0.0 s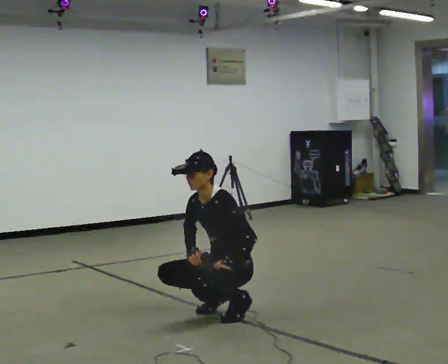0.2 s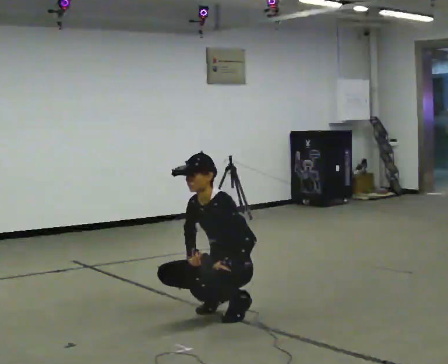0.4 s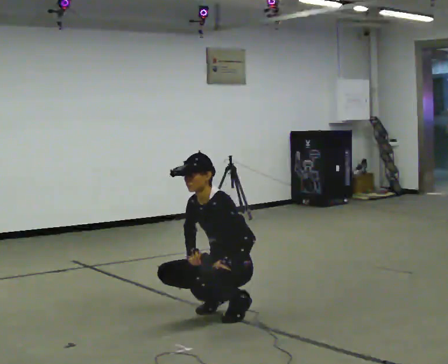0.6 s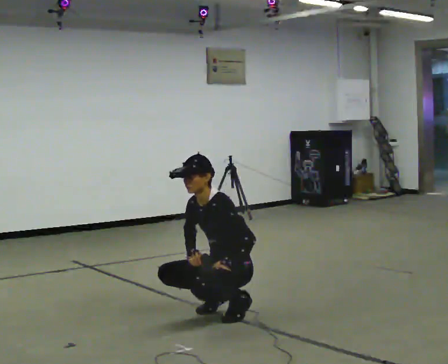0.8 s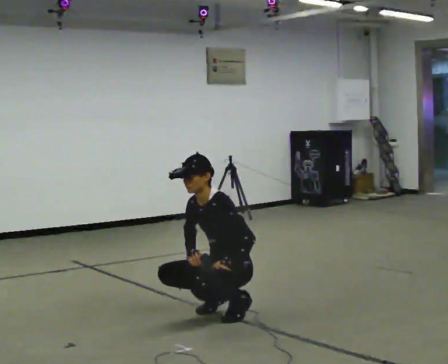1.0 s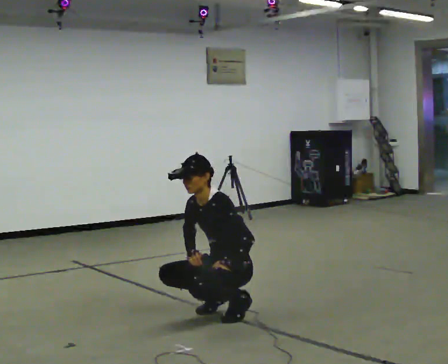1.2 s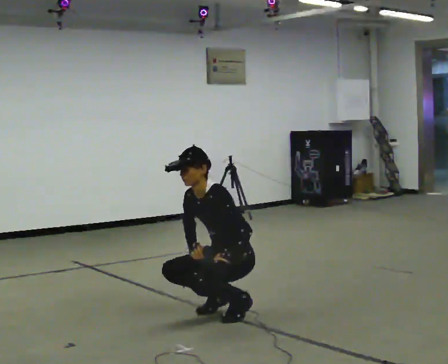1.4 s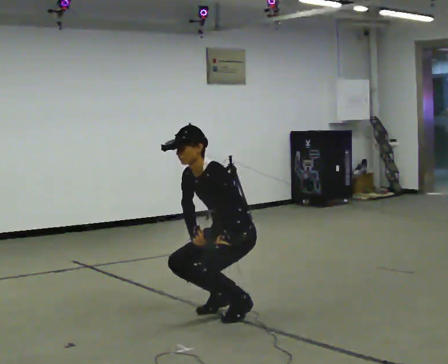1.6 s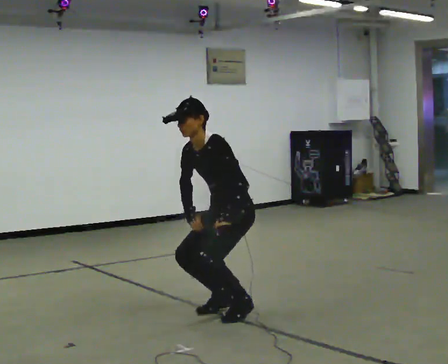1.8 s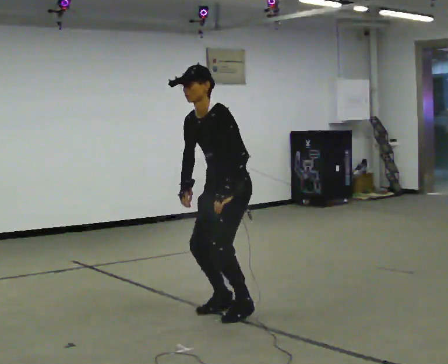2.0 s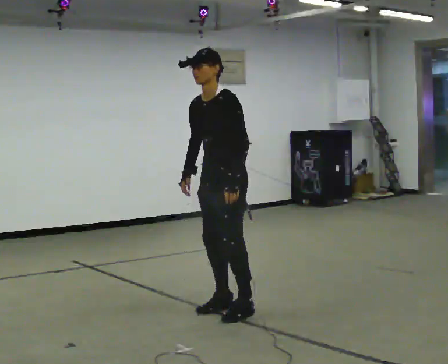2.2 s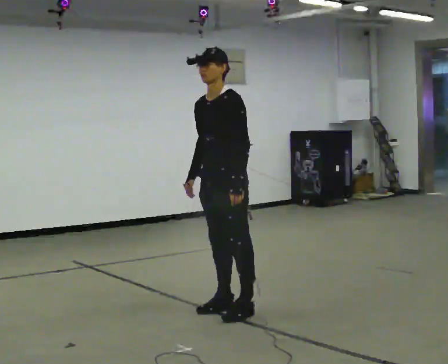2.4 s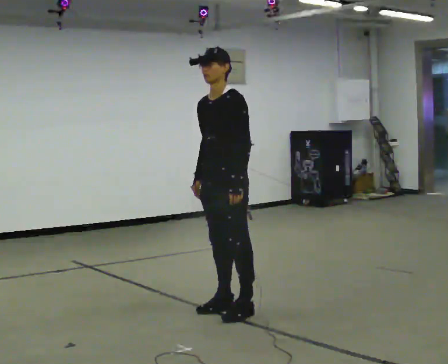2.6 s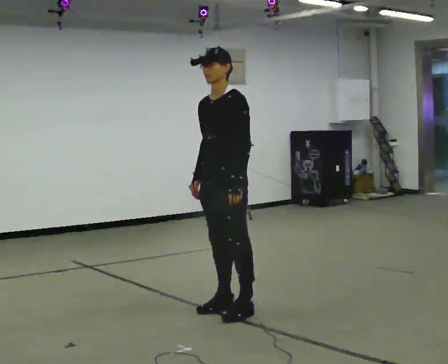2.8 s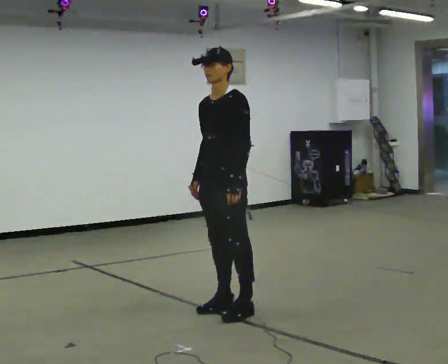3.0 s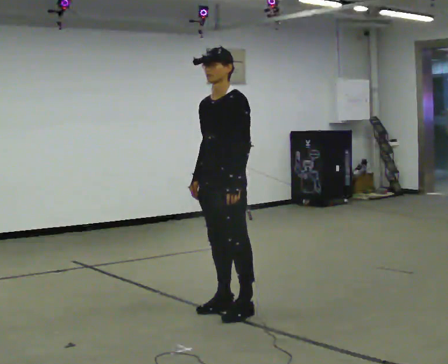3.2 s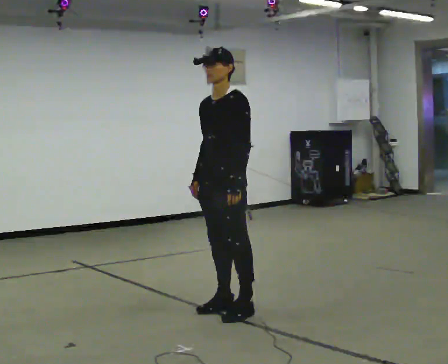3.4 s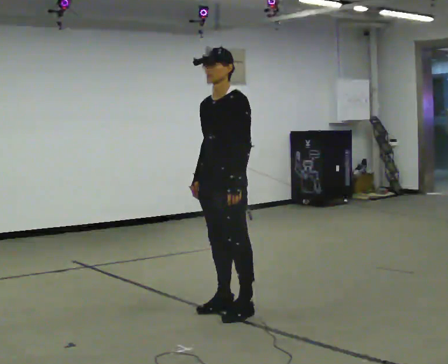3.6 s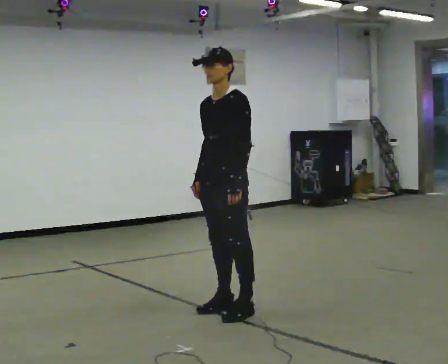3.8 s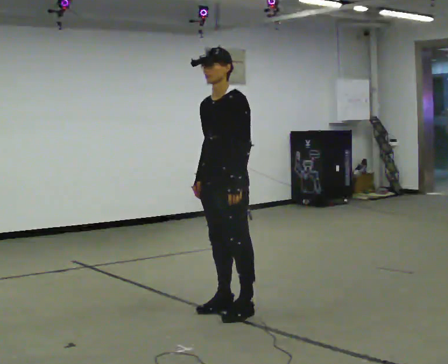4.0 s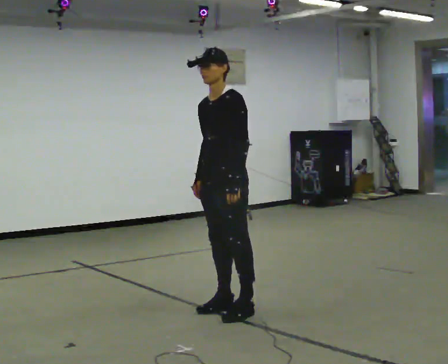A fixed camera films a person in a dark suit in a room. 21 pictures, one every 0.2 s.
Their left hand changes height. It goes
upward.
Their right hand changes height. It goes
upward.
0.0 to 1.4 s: The shoulders move upward.
1.4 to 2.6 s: The shoulders move upward. In the picture the upper body tilts clockwise, shoulders to the right, as they lean back or straighten. In the picture their left hand goes upward.
2.6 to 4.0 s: The person moves a little, or ends about where they began.
The film runs forward here.
